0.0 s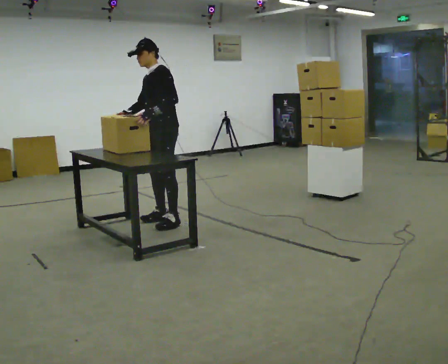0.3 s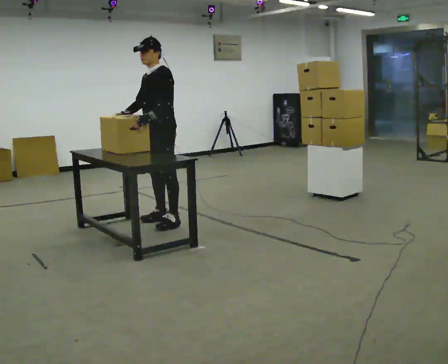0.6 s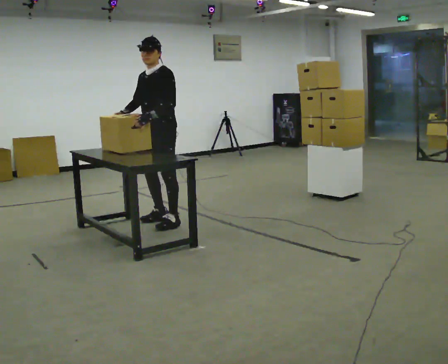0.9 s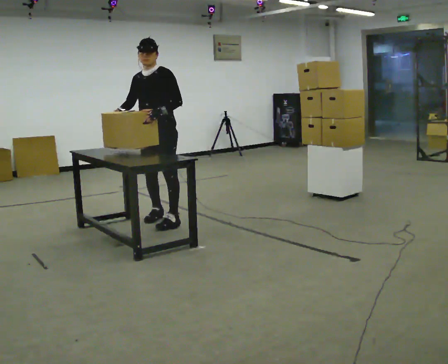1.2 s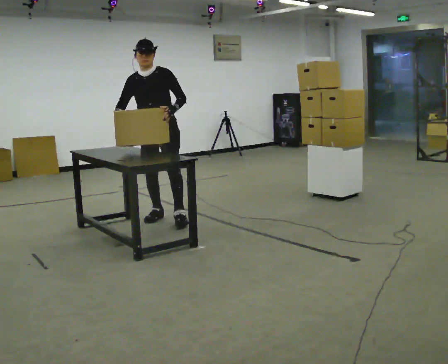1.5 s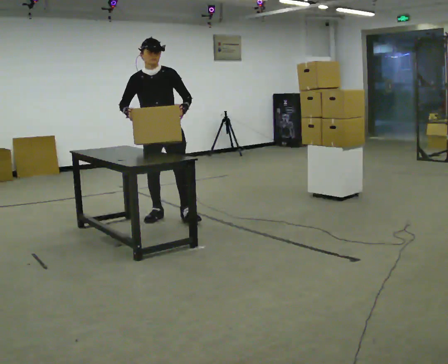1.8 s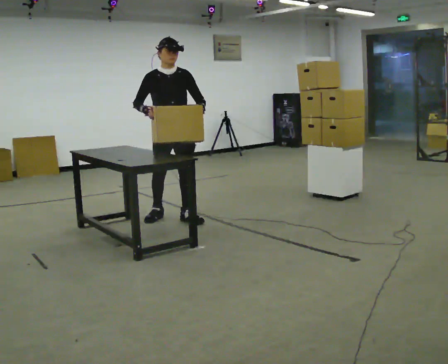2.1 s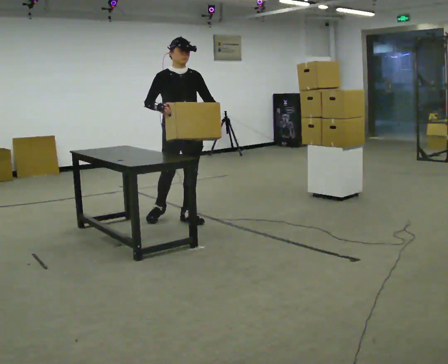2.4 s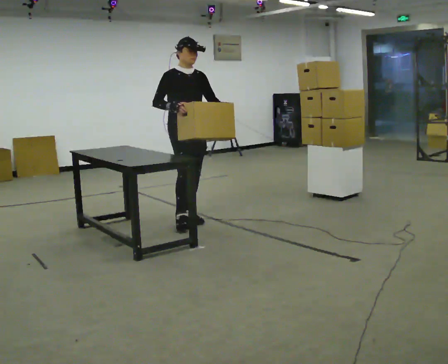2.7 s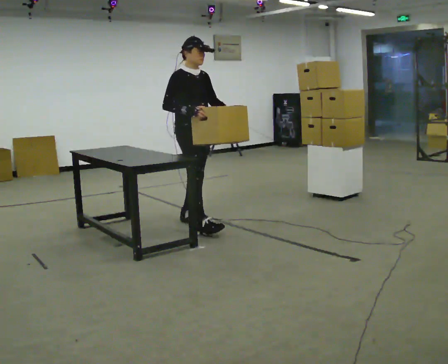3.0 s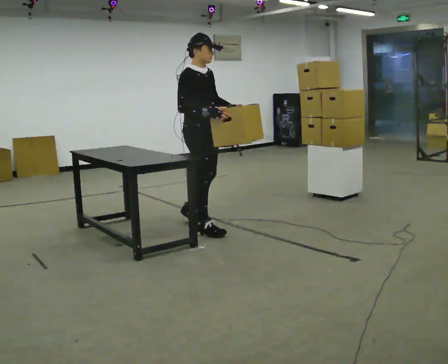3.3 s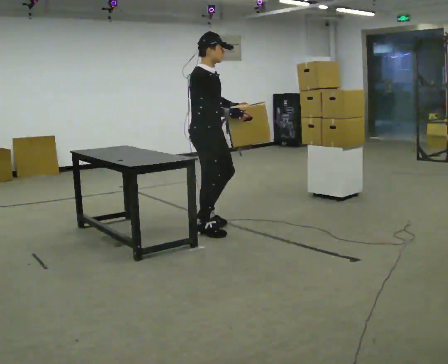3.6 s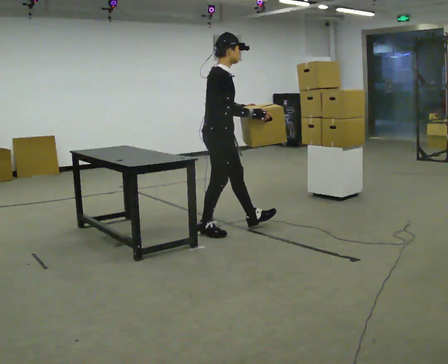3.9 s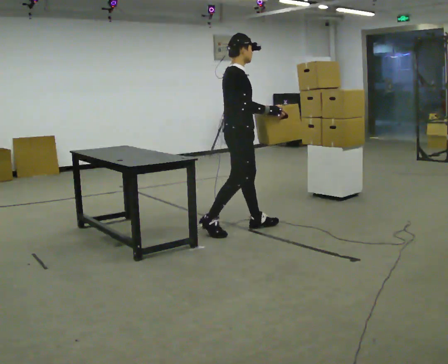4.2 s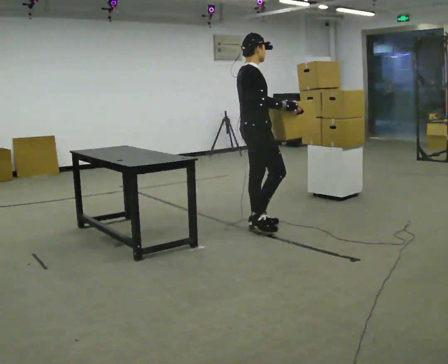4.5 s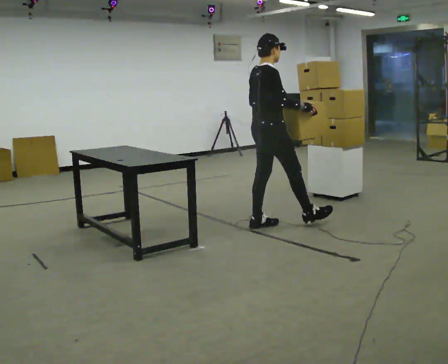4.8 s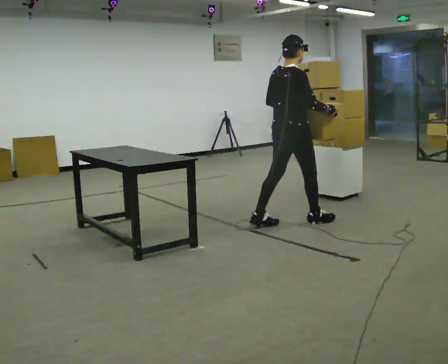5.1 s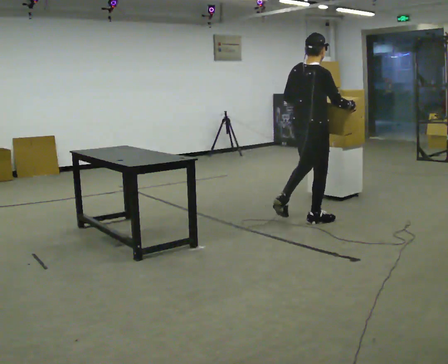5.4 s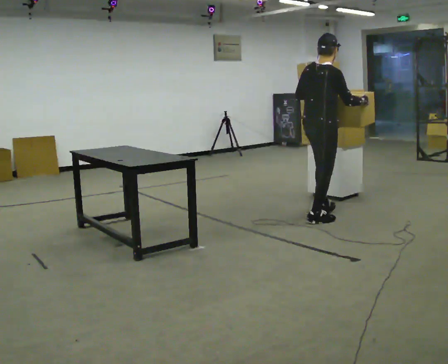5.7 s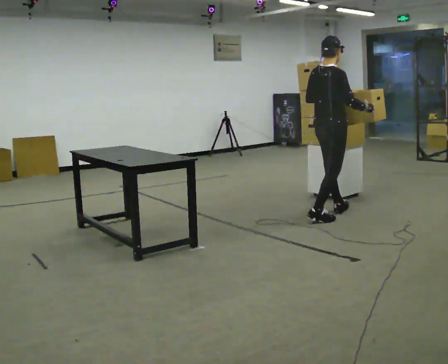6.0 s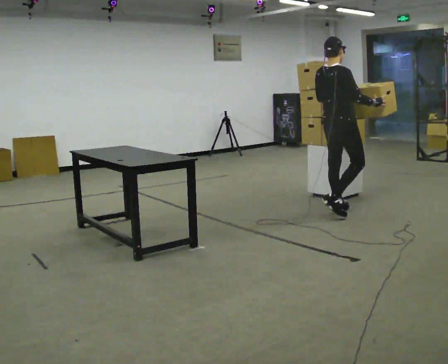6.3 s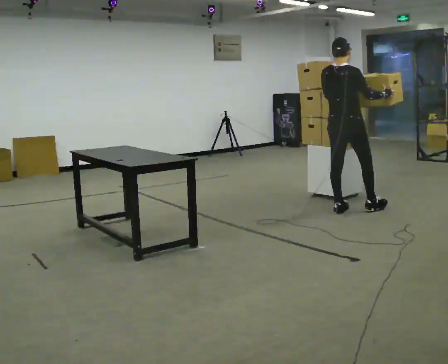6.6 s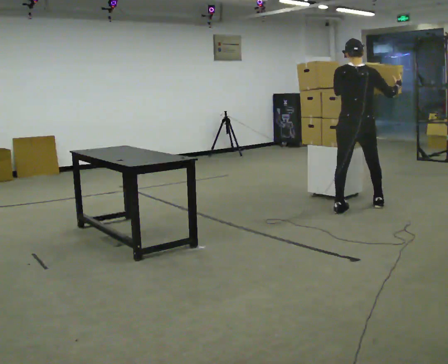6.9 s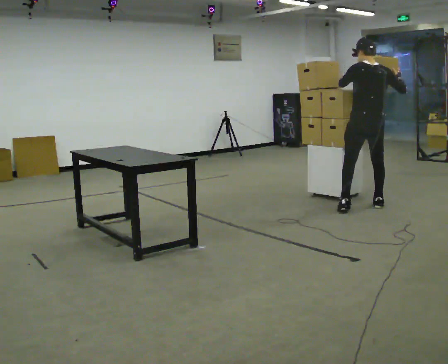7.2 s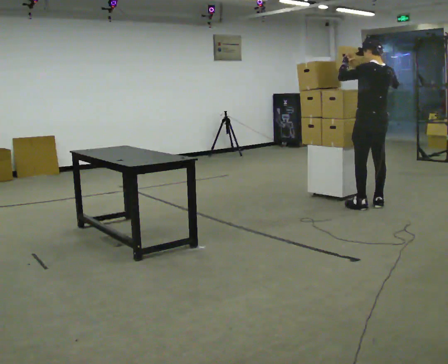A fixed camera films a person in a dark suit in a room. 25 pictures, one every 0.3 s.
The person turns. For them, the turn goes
to their left.
The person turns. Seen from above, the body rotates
counterclockwise.
0.0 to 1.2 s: The person turns about 45 degrees to their left, counterclockwise seen from above, so the part of the body nearest the lens slides to the right.
1.2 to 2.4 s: Seen from above the body turns counterclockwise, about 45 degrees: to their left, with its near side sliding to the right. In the picture they go to the right, about 0.25 m in 1 step, which for them is to their left and forward.
2.4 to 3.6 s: Seen from above the body turns counterclockwise, about 45 degrees: to their left, with its near side sliding to the right. In the picture they go toward the camera and to the right, about 0.5 m in 2 steps, which for them is forward and to their right.
3.6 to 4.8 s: The part of the body nearest the lens slides to the right as the person turns to their left by about 30 degrees. In the picture they go to the right, about 0.75 m in 1 step, which for them is forward.
4.8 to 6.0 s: In the picture they go to the right and away from the camera, about 0.5 m in 1 step, which for them is forward.
6.0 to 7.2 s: Seen from above the body turns counterclockwise, about 75 degrees: to their left, with its near side sliding to the right. In the picture they go to the right, about 0.5 m in 2 steps. In the picture their right hand goes upward.
The film runs forward here.
